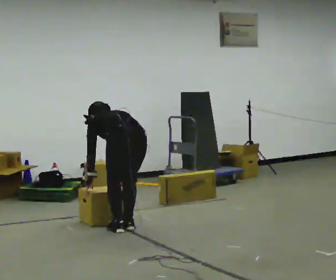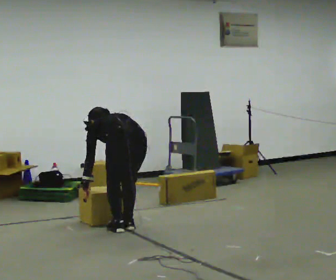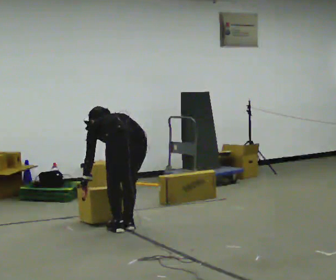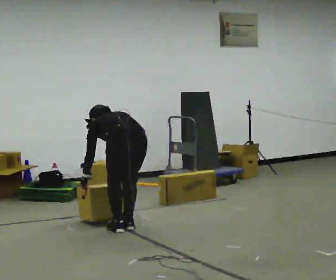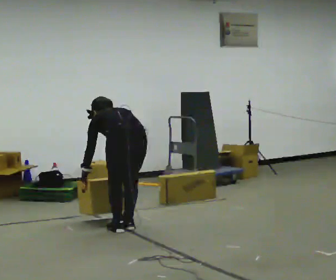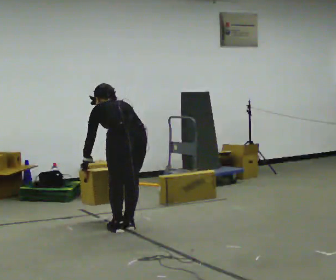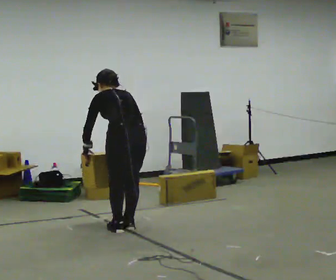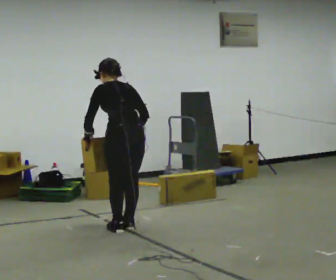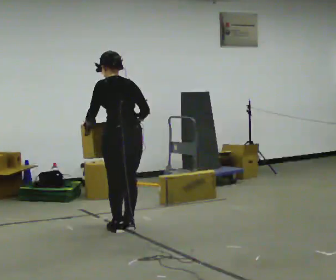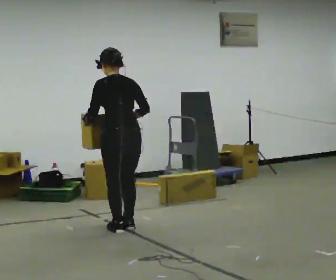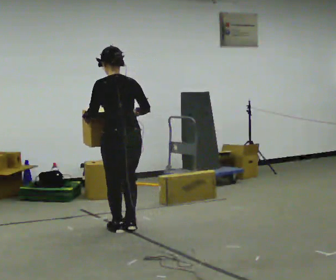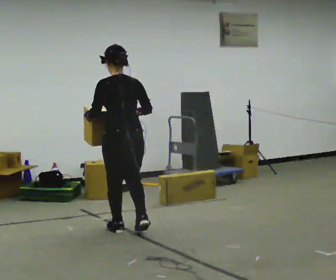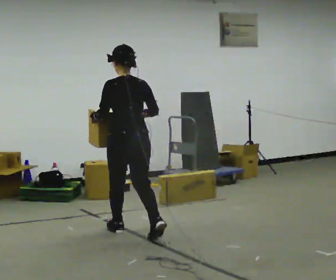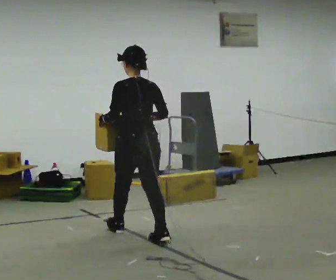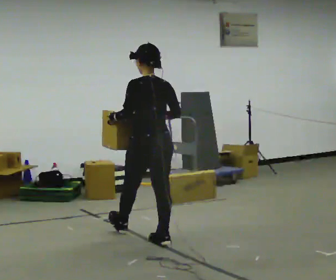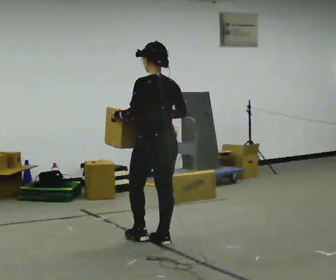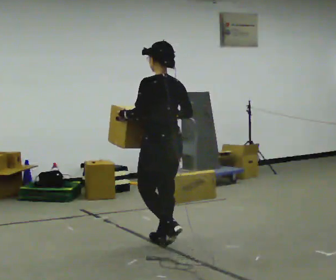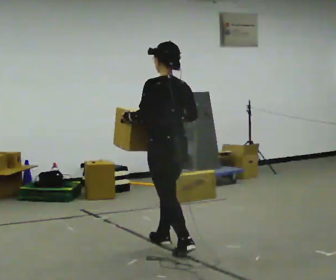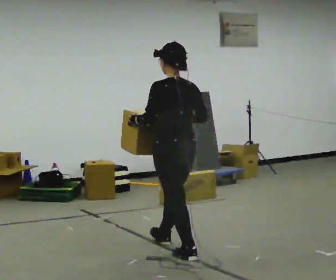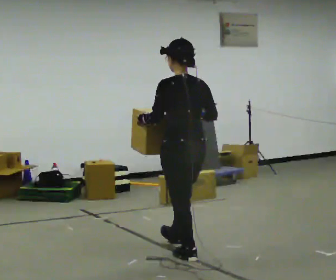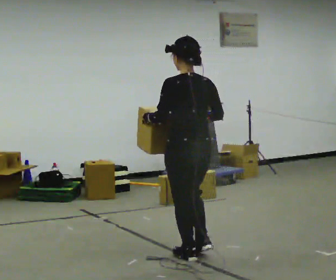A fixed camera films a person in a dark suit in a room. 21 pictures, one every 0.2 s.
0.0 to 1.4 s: The shoulders move upward. The upper body tips toward the camera, its near side rolling downward, as they lean back or straighten. In the picture their left hand goes upward.
1.4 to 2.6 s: In the picture they go toward the camera, about 0.25 m in 1 step, which for them is backward. The upper body tips toward the camera, its near side rolling downward, as they lean back or straighten.
2.6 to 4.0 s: In the picture they go toward the camera and to the right, about 1 m in 2 steps, which for them is backward.
The film runs backward here.
